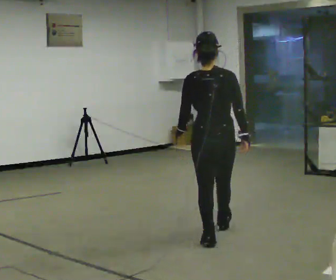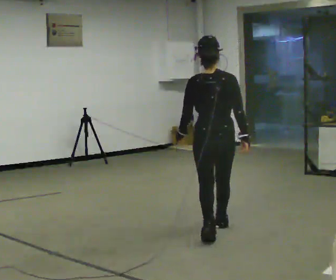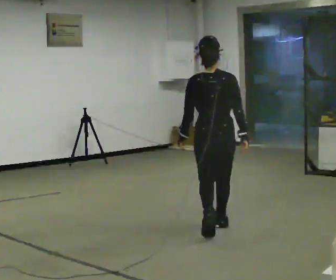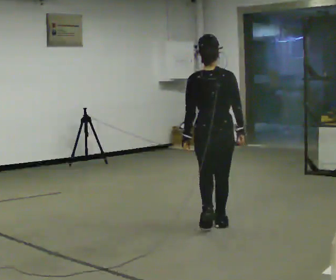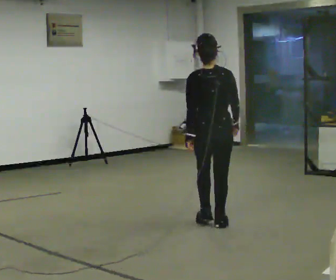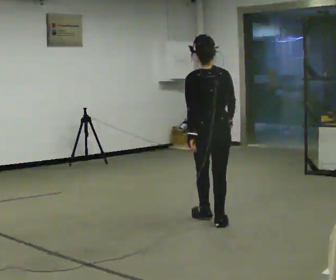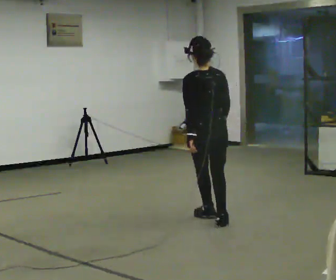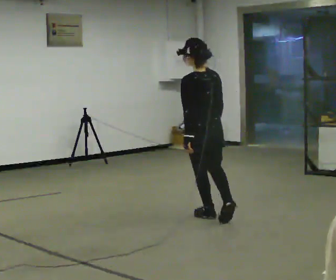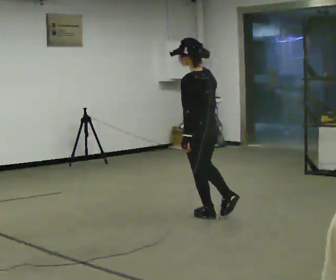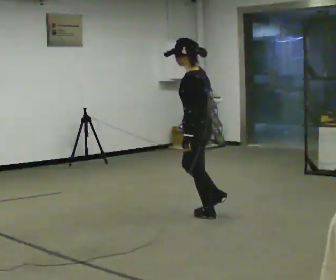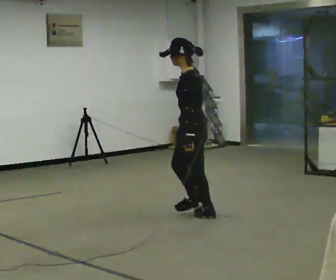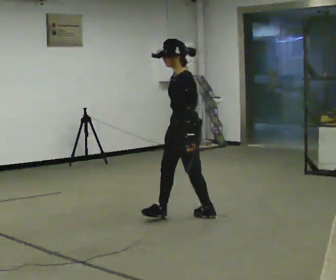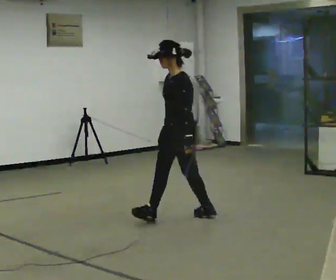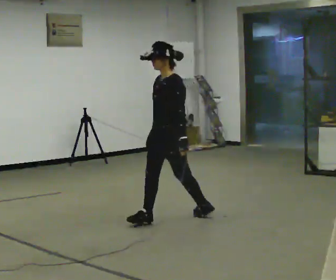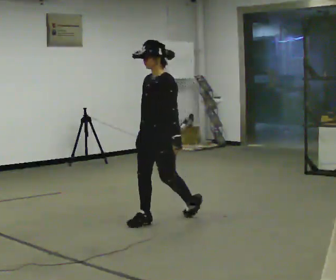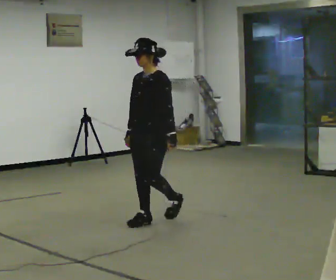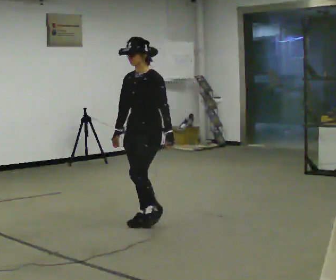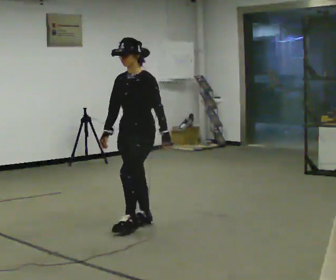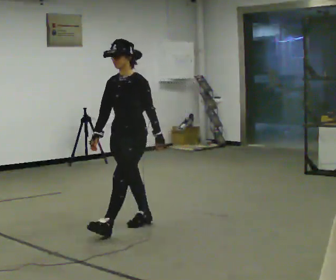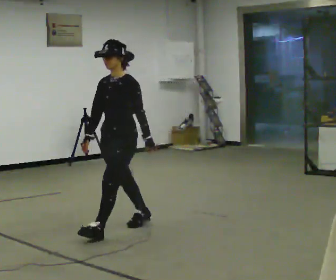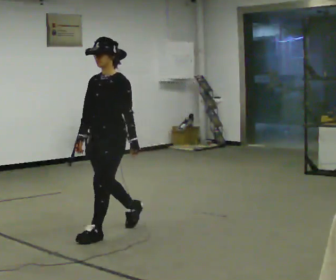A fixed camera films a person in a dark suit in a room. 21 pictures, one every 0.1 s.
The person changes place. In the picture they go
to the left.
The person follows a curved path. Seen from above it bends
counterclockwise.
0.0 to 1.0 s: The part of the body nearest the lens slides to the right as the person turns to their left by about 90 degrees. In the picture they go away from the camera, about 0.75 m in 2 steps.
1.0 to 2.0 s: The part of the body nearest the lens slides to the right as the person turns to their left by about 45 degrees. In the picture they go to the left and toward the camera, about 1 m in 2 steps, which for them is forward.
The film runs forward here.
